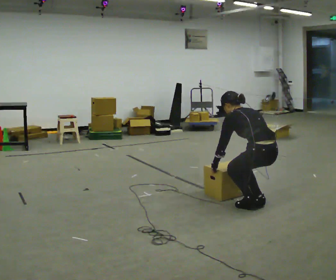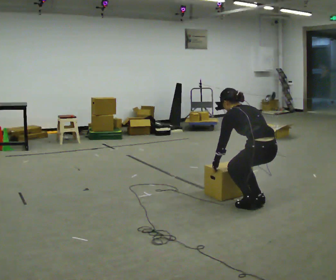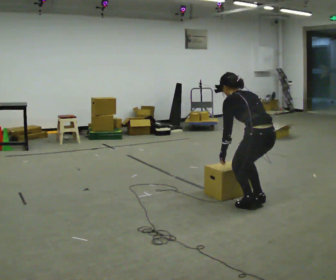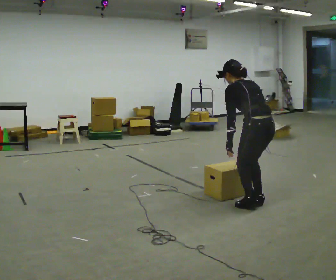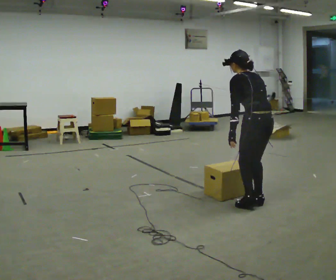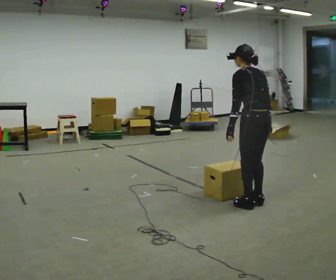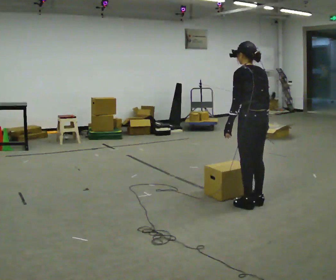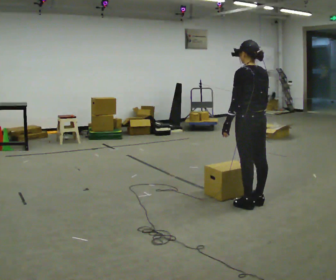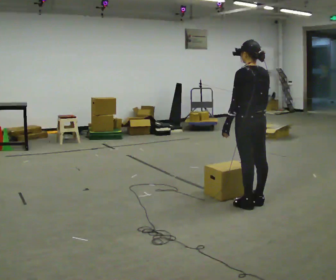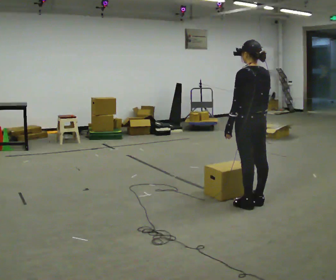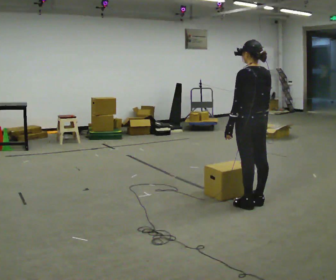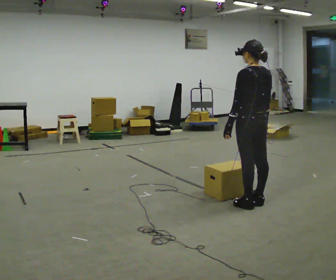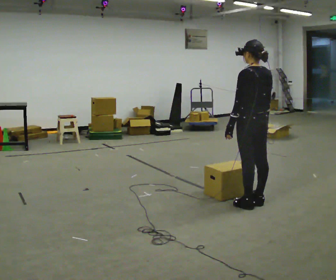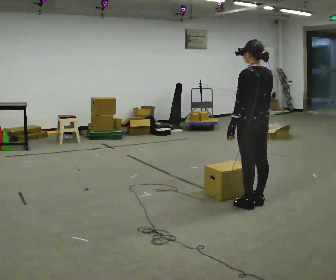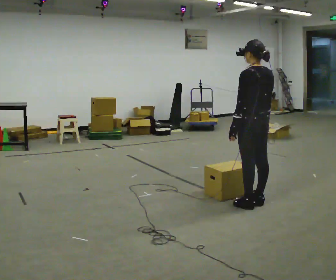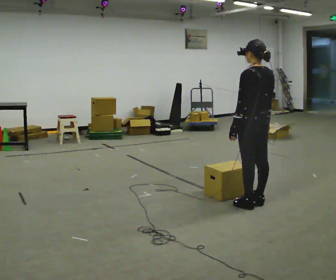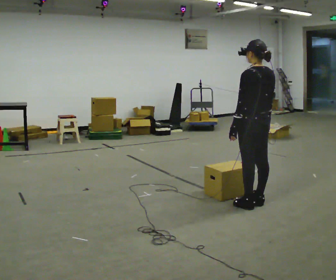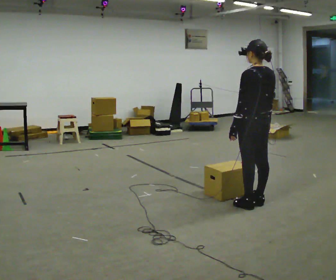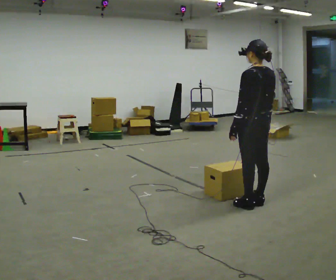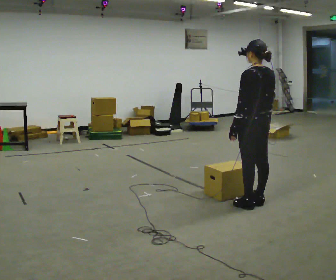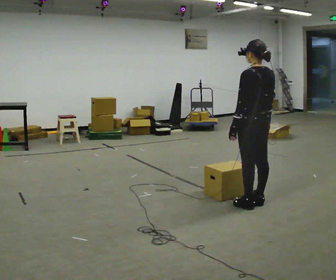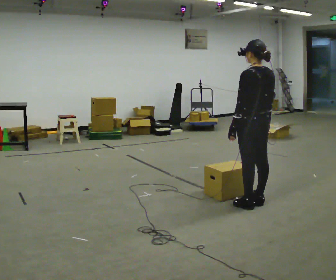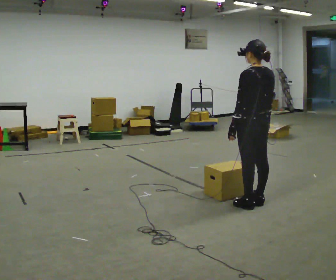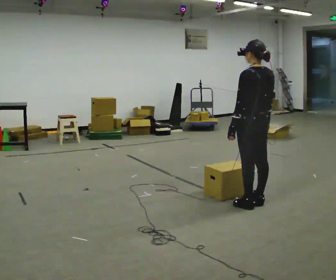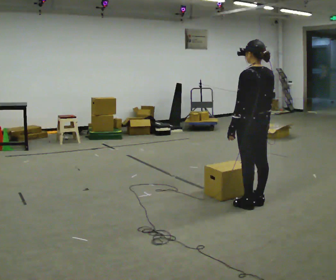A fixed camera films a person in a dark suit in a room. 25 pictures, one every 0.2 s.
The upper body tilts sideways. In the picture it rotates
clockwise.
The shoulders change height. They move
upward.
0.0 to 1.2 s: The upper body goes upward. In the picture the upper body tilts clockwise, shoulders to the right, as they lean back or straighten. In the picture their left hand goes upward.
1.2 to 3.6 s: The person moves a little, or ends about where they began.
3.6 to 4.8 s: The person keeps their place and pose.
The film runs forward here.
